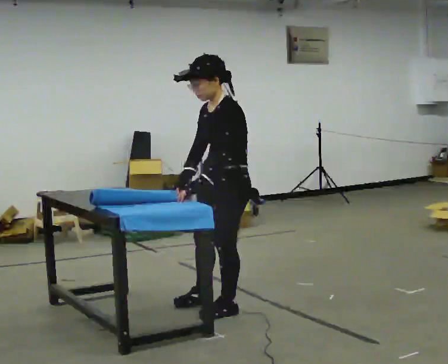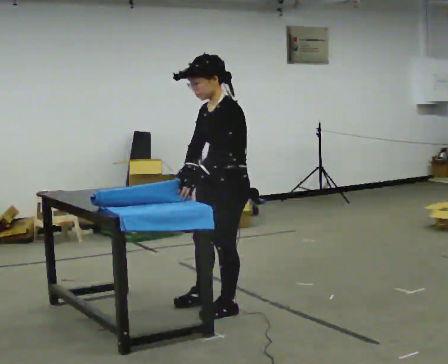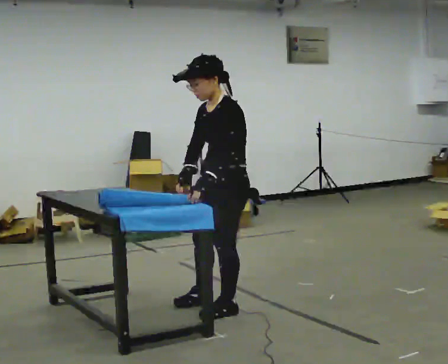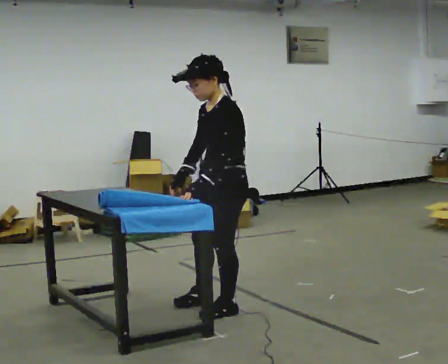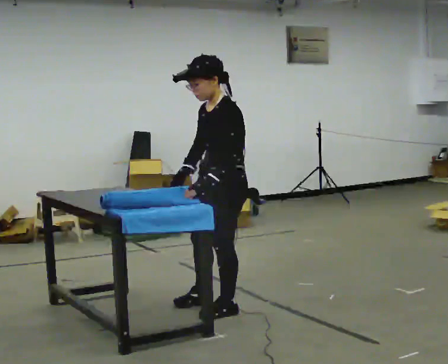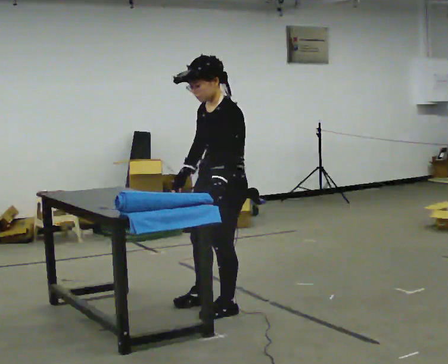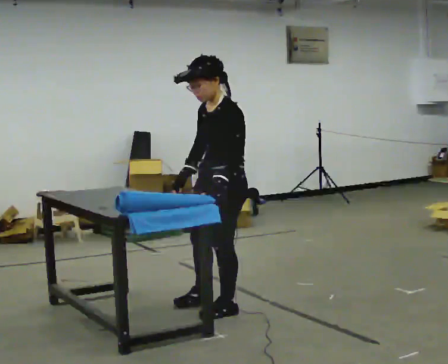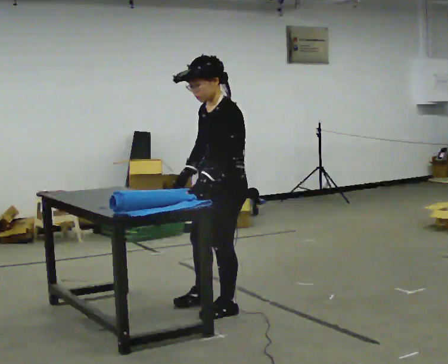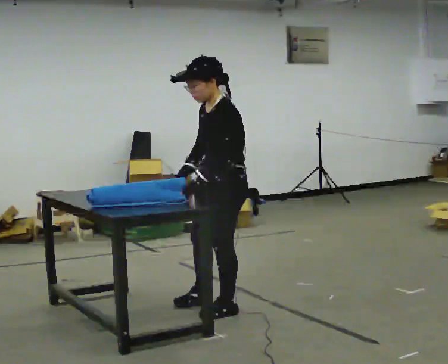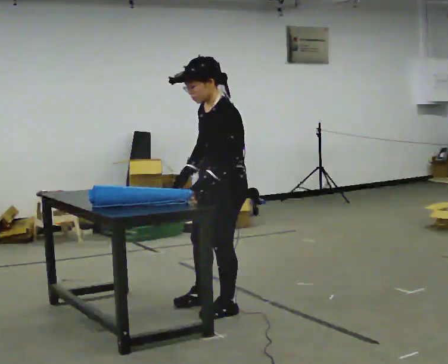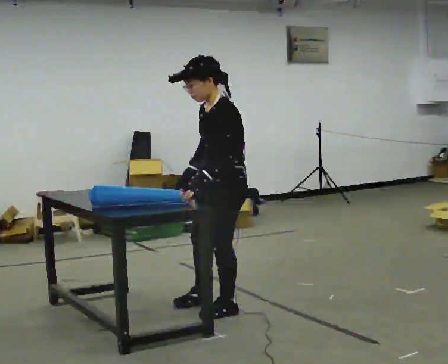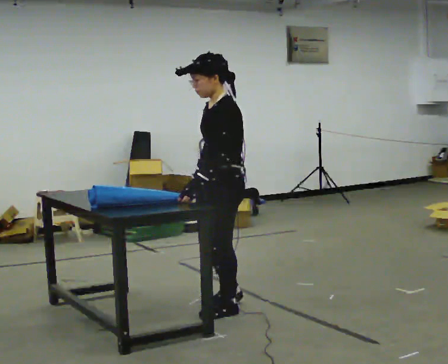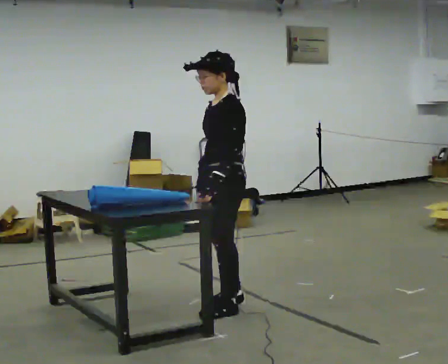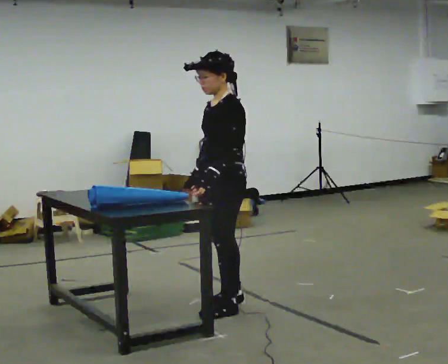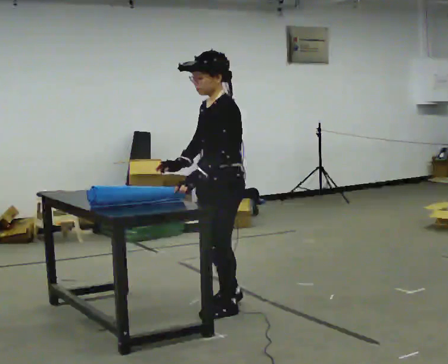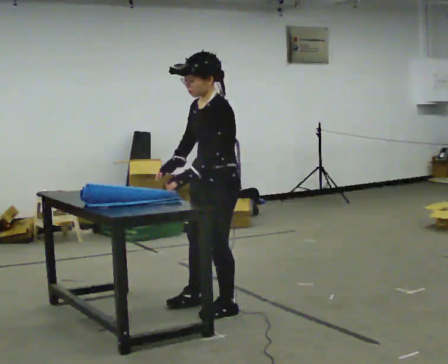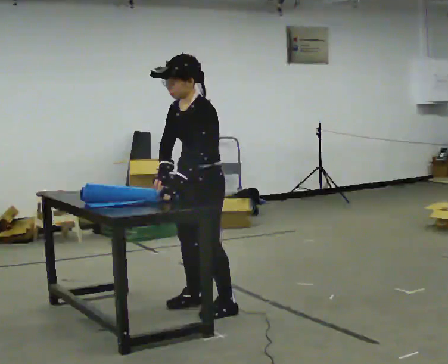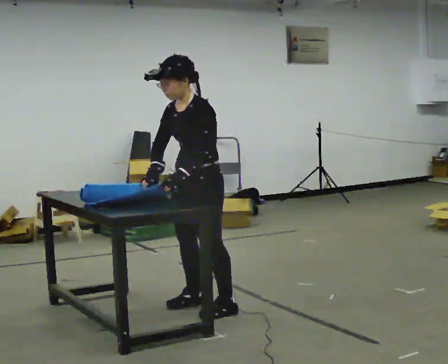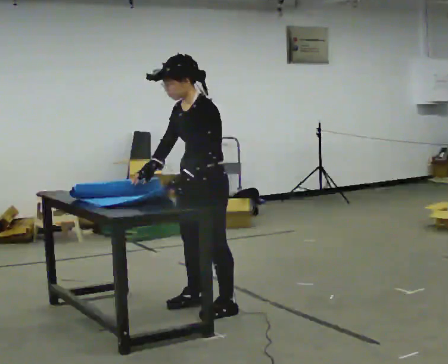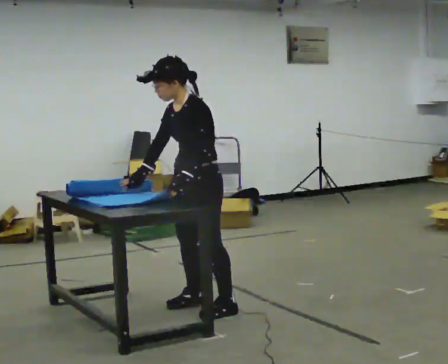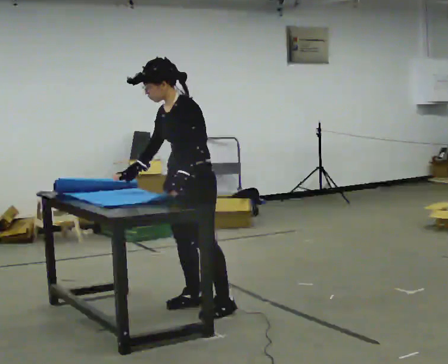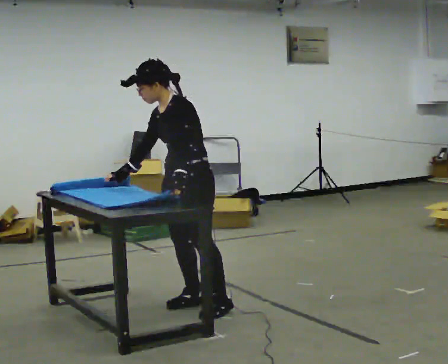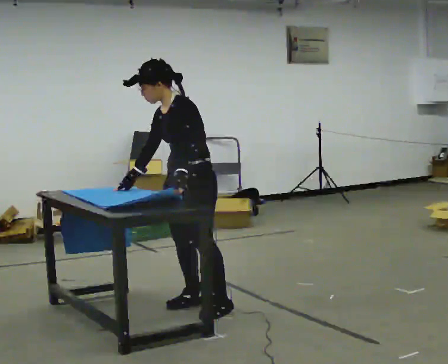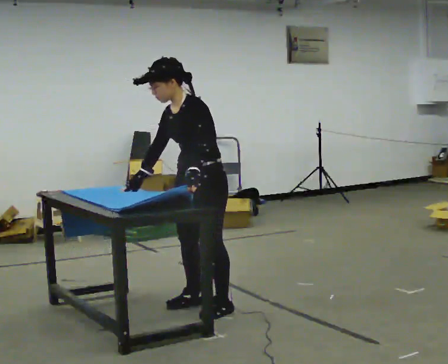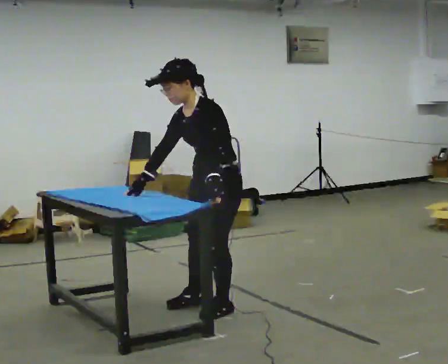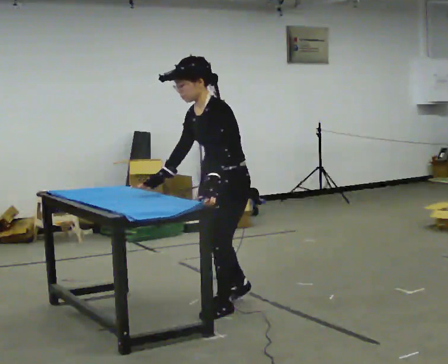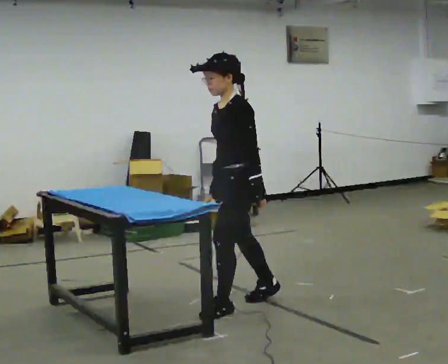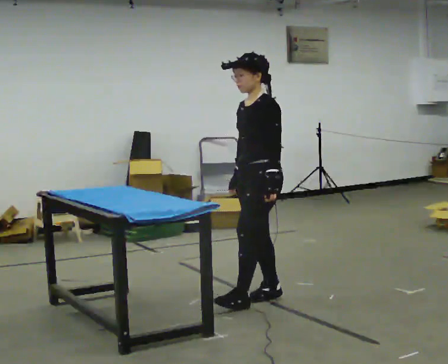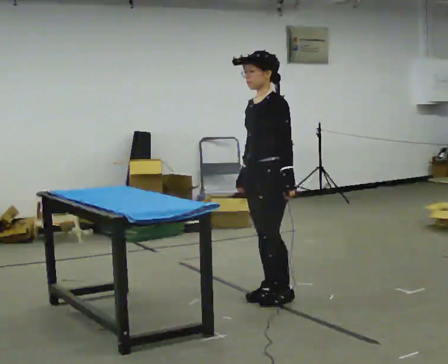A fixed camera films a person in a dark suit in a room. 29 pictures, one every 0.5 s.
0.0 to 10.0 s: In the picture they go to the left and away from the camera, about 0.25 m in 2 steps, which for them is to their right and forward.
10.0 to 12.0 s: In the picture they go to the right, about 0.25 m, which for them is to their left.
12.0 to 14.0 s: In the picture they go to the right and away from the camera, about 0.5 m in 2 steps, which for them is backward and to their right. In the picture the upper body tilts clockwise, shoulders to the right, as they lean back or straighten.
The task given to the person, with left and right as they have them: Roll the mat up from one end, then unroll it again. Repeat at your own pace until the operator says stop.
The film runs forward here.
